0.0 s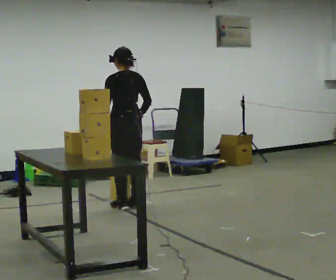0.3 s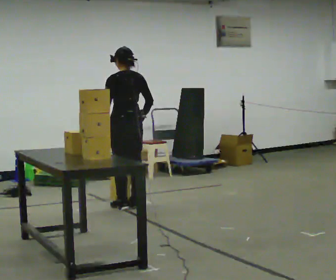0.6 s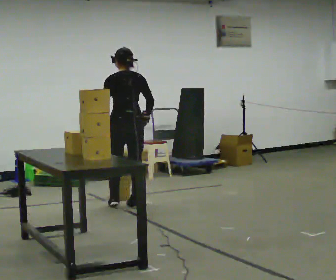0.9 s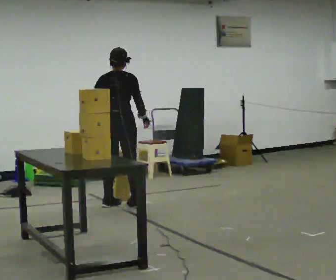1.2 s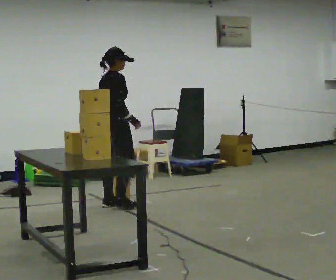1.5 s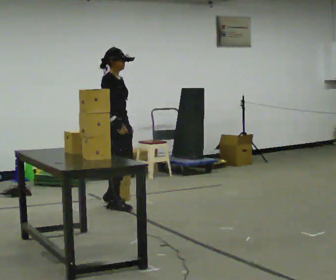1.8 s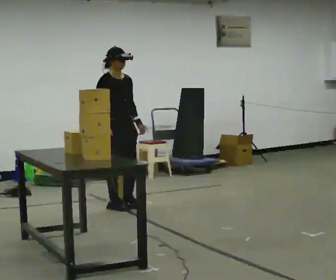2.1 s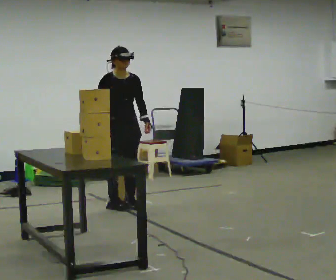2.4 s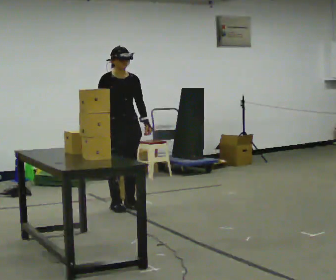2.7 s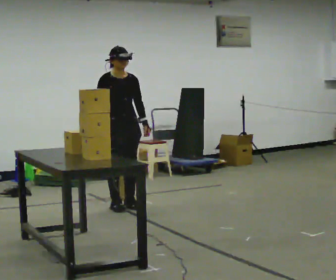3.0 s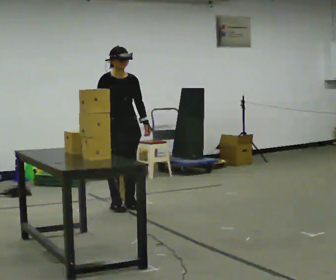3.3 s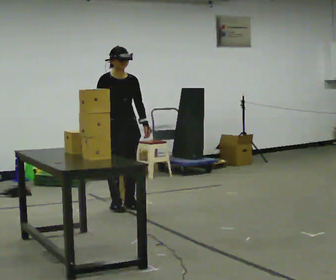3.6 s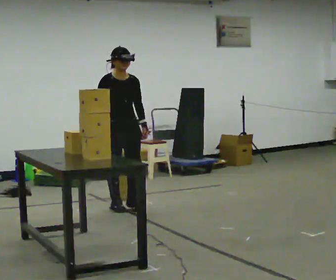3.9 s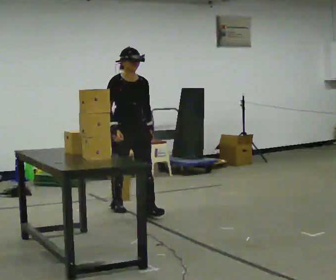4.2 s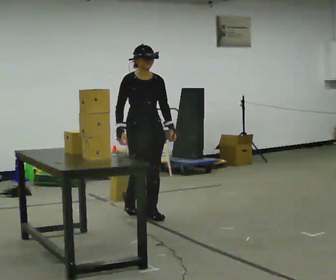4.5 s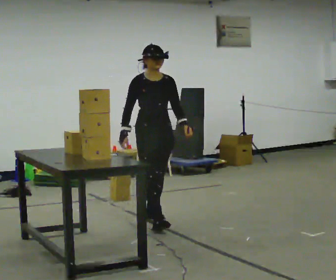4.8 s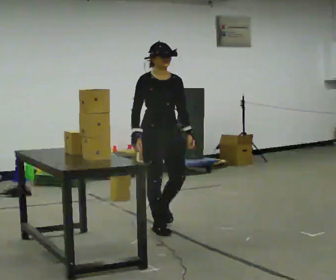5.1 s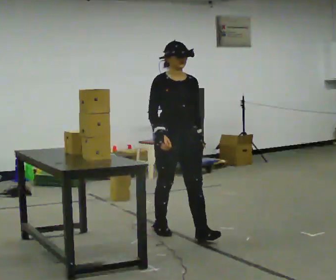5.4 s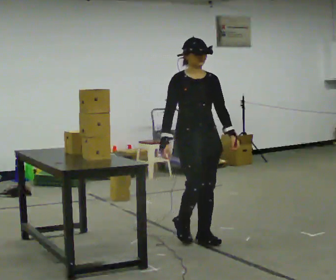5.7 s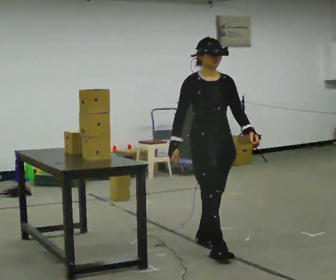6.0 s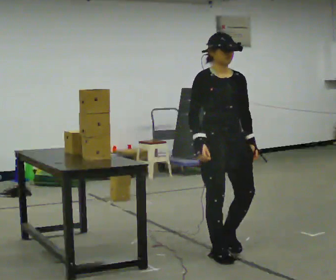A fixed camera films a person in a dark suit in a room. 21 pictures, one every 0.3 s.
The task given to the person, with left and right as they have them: Pick up the next box in the row and carry it to the table. The operator will not tell you how heavy each one is. Keep going until the operator says stop; one object at a time, and do not rush between trips.
0.0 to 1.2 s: The part of the body nearest the lens slides to the left as the person turns to their right by about 90 degrees.
1.2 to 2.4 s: The part of the body nearest the lens slides to the left as the person turns to their right by about 90 degrees. In the picture their right hand goes to the left, the arm swinging clockwise.
2.4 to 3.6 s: The person moves a little, or ends about where they began.
3.6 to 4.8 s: In the picture they go toward the camera and to the right, about 1 m in 2 steps, which for them is forward.
4.8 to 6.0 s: In the picture they go toward the camera and to the right, about 1 m in 2 steps, which for them is forward.
The film runs forward here.
